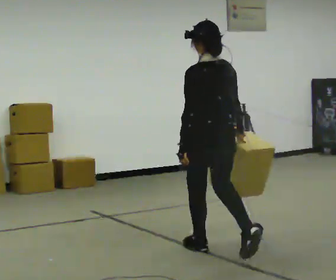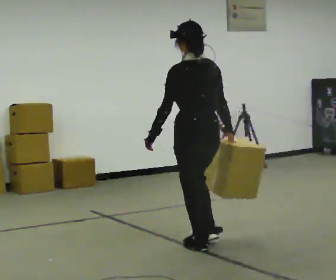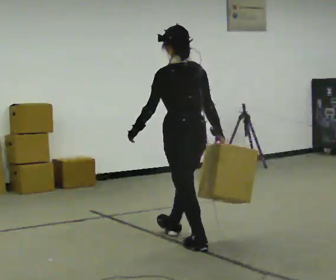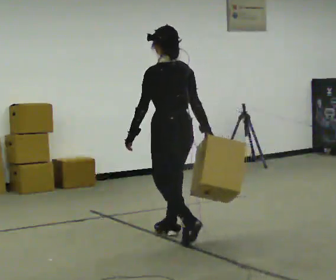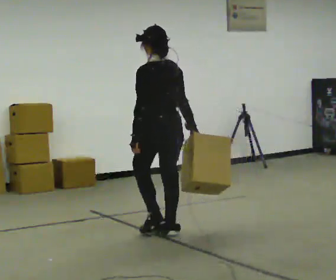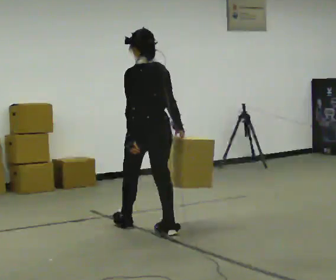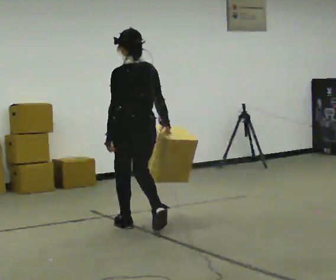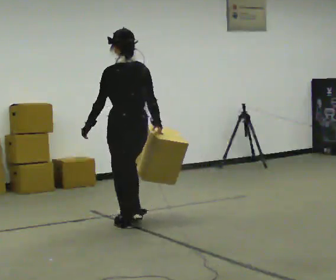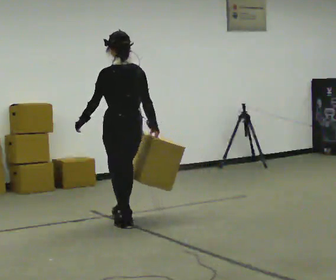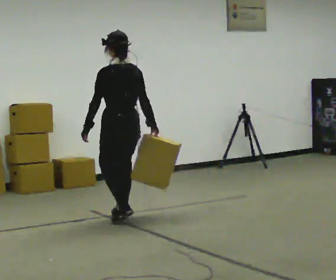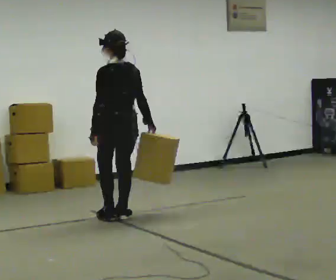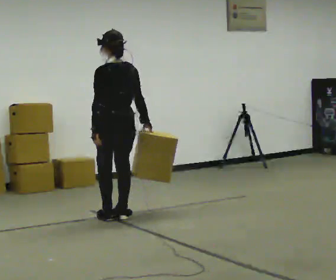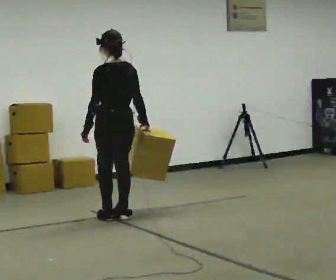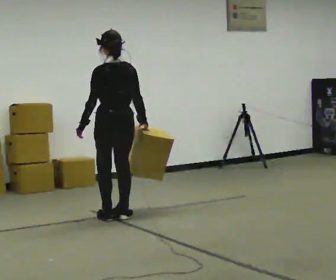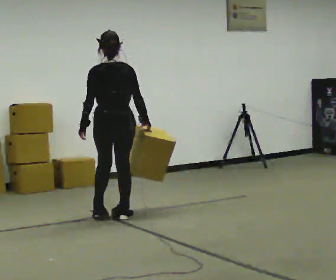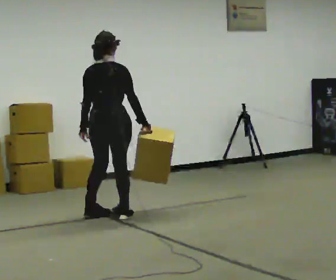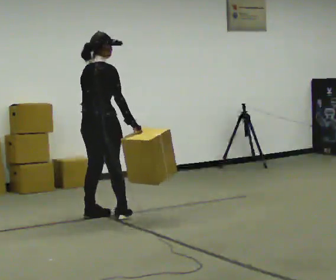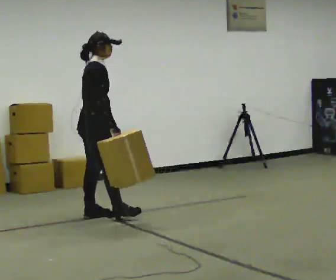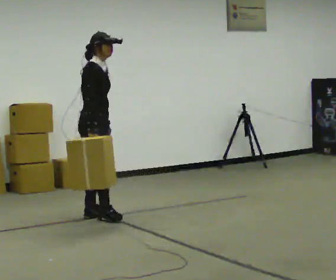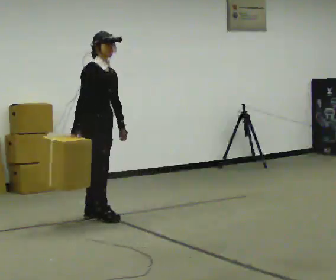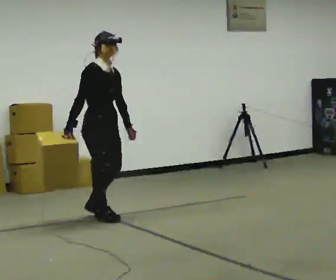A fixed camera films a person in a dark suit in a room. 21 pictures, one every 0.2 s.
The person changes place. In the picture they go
away from the camera.
0.0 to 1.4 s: In the picture they go away from the camera and to the left, about 1 m in 2 steps, which for them is forward.
1.4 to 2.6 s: In the picture they go away from the camera, about 0.25 m in 2 steps, which for them is forward.
2.6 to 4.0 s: Seen from above the body turns clockwise, about 150 degrees: to their right, with its near side sliding to the left. In the picture their right hand goes to the left, the arm swinging clockwise.
The film runs forward here.
